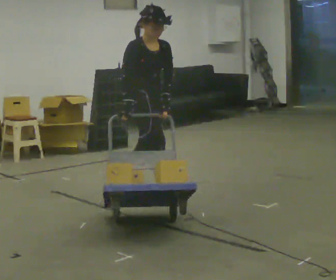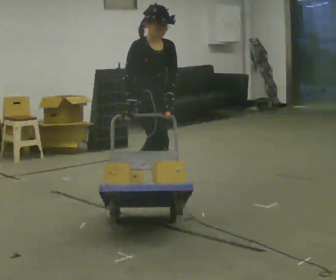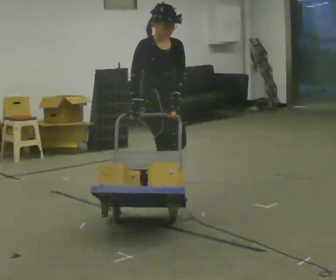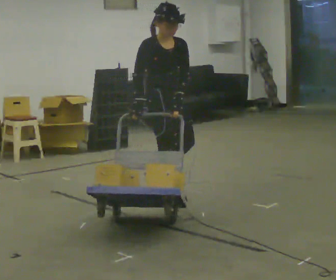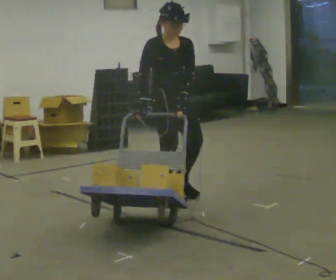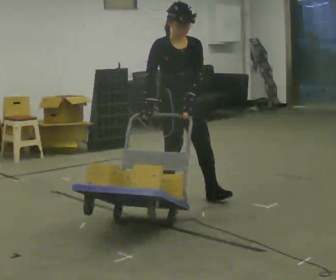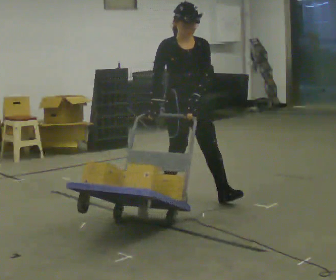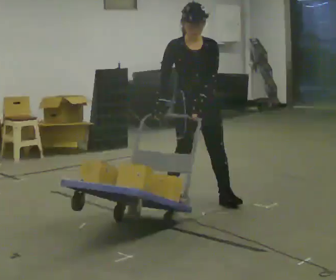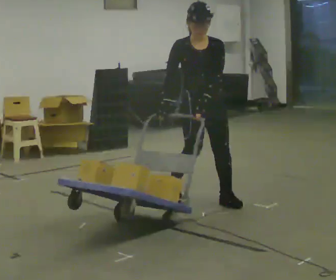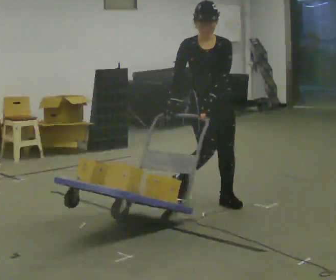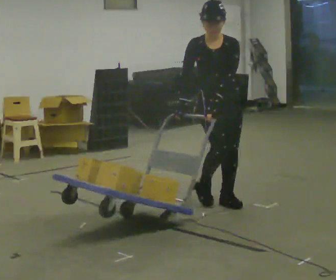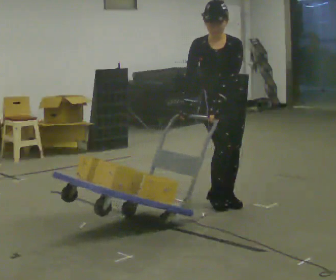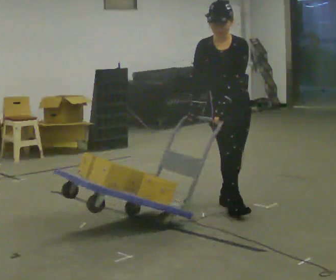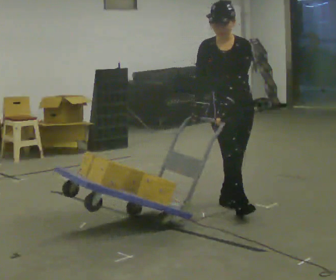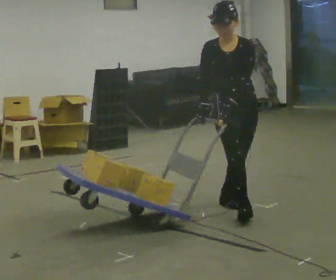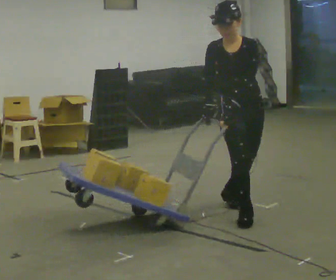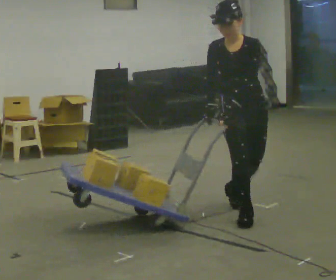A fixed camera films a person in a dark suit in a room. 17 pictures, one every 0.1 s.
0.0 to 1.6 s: Seen from above the body turns clockwise, about 60 degrees: to their right, with its near side sliding to the left. In the picture they go to the right and toward the camera, about 1 m in 2 steps.
The film runs forward here.
